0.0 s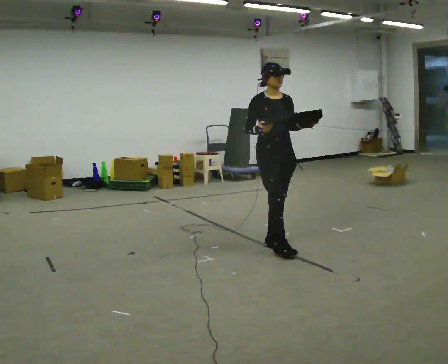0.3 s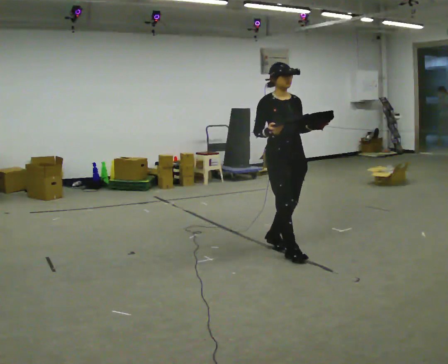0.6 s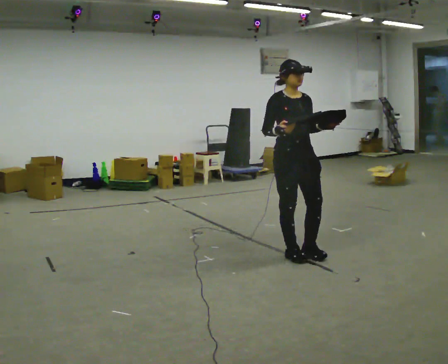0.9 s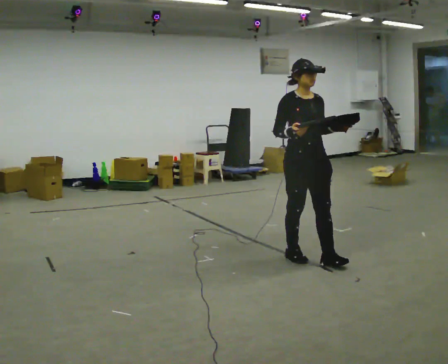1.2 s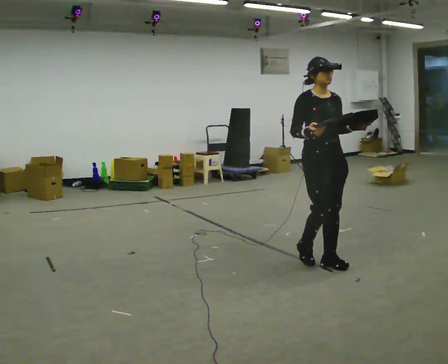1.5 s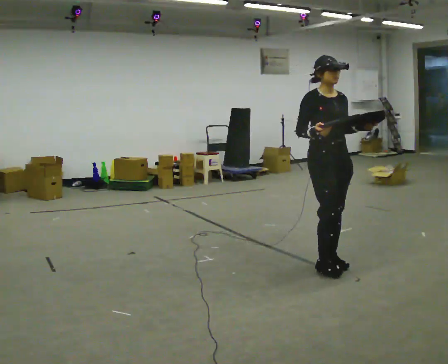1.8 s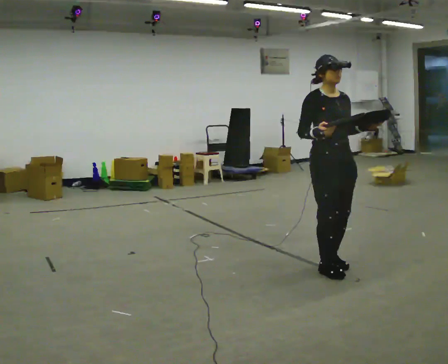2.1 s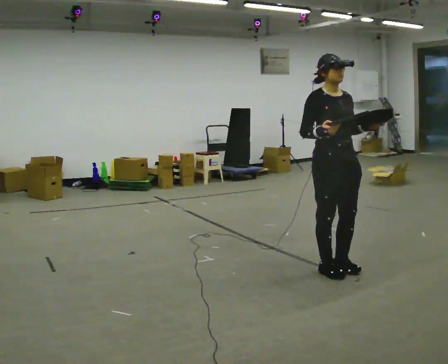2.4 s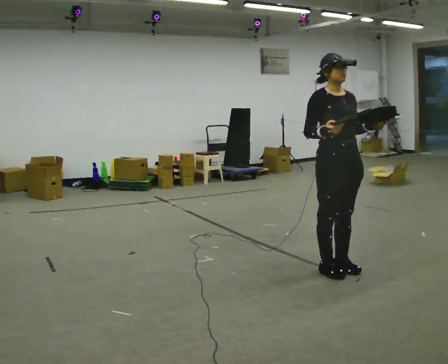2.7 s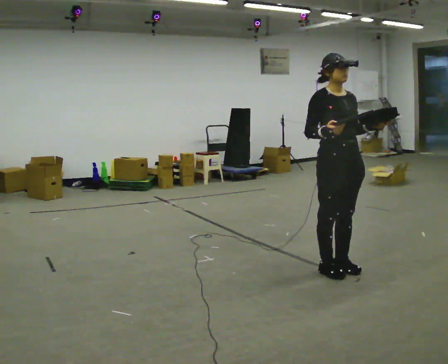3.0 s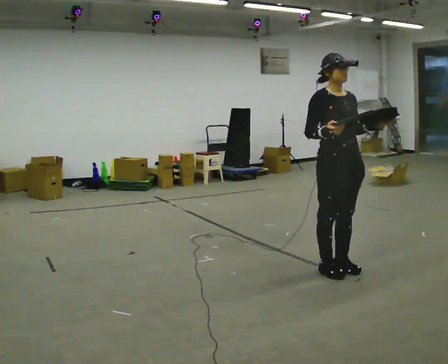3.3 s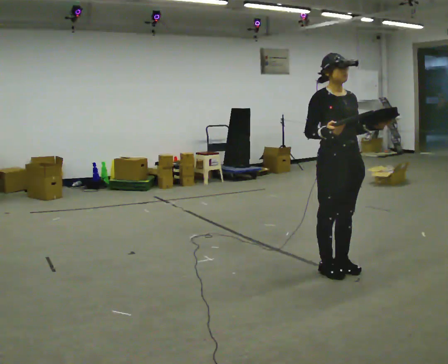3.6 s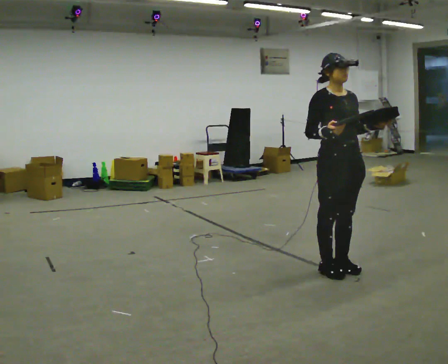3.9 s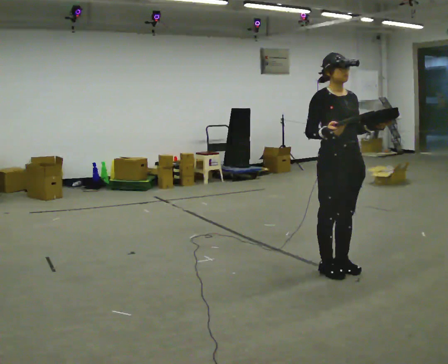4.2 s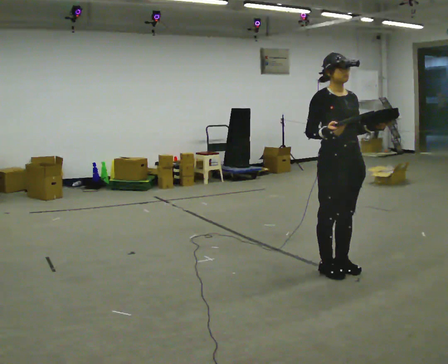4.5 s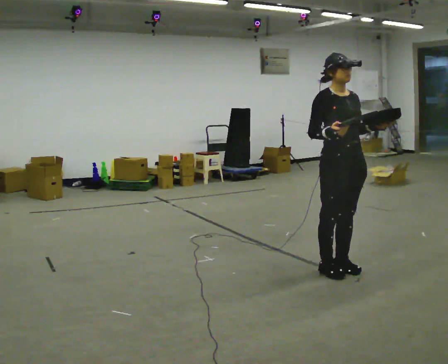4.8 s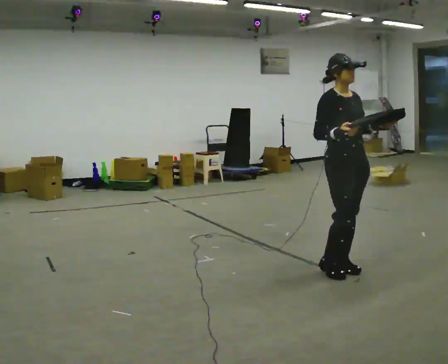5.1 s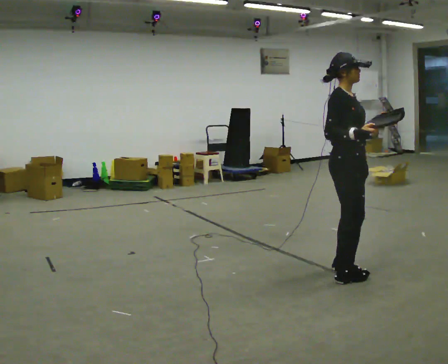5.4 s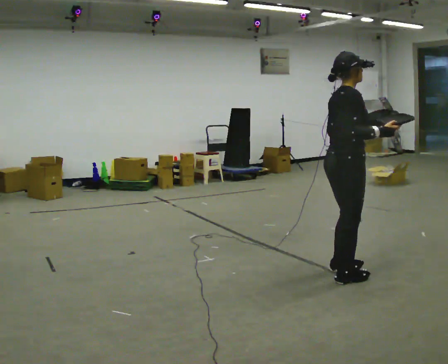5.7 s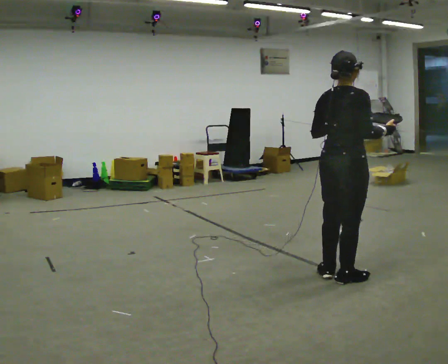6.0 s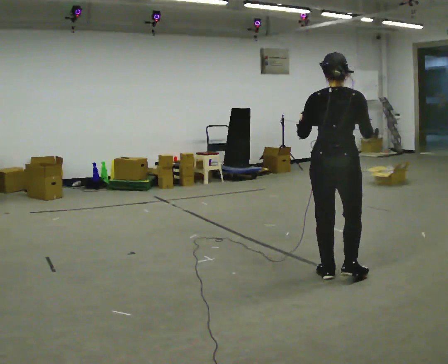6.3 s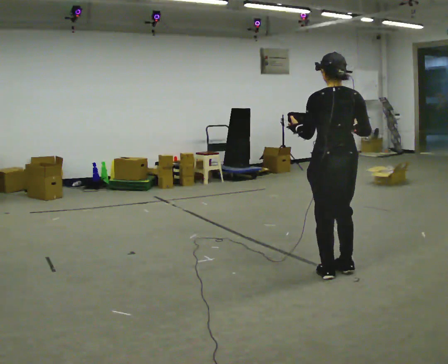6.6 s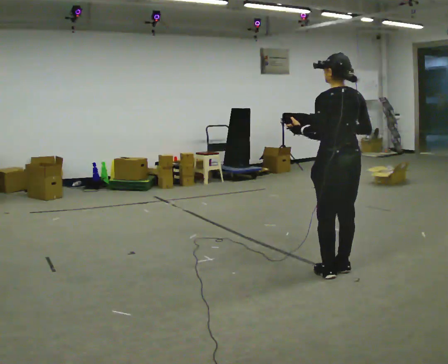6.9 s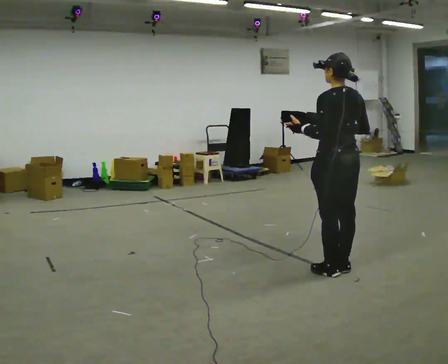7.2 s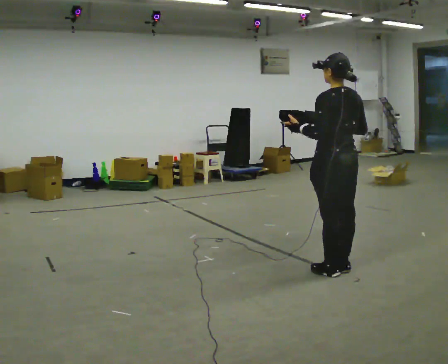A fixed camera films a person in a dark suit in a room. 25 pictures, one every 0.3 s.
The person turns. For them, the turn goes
to their left.
The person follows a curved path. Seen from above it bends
counterclockwise.
0.0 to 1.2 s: In the picture they go toward the camera and to the right, about 0.5 m in 2 steps, which for them is forward.
1.2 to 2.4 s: In the picture they go toward the camera, about 0.25 m in 1 step, which for them is forward.
2.4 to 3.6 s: The person keeps their place and pose.
3.6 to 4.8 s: The person moves a little, or ends about where they began.
4.8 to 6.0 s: The person turns about 120 degrees to their left, counterclockwise seen from above, so the part of the body nearest the lens slides to the right. In the picture their left hand goes to the left.
6.0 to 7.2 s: The part of the body nearest the lens slides to the right as the person turns to their left by about 45 degrees.
The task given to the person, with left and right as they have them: Carry the object across the room. The lid hangs loose and will swing, so carry it however works. Keep going until the operator says stop; one object at a time, and do not rush between trips.
The film runs forward here.
